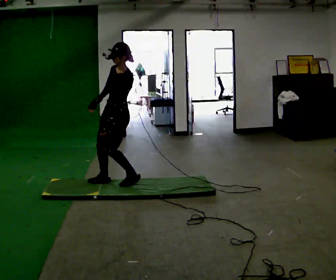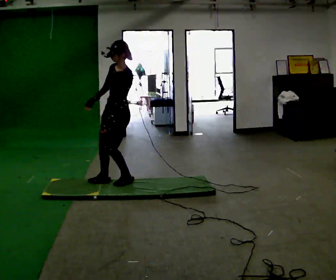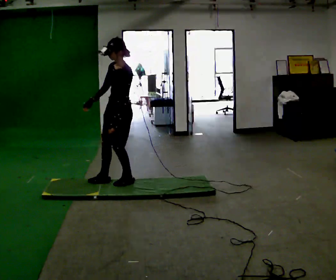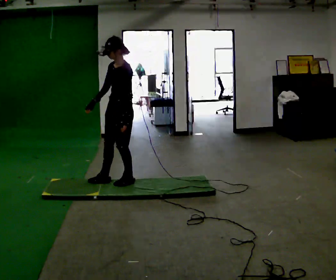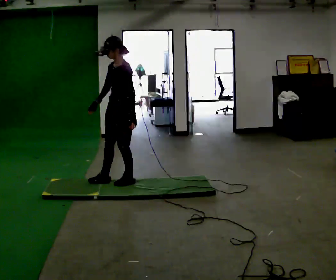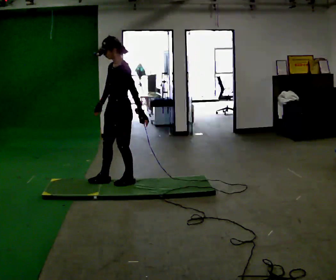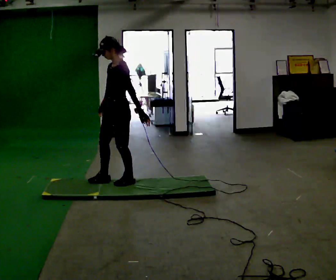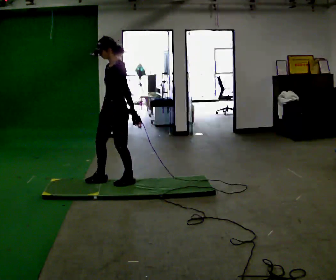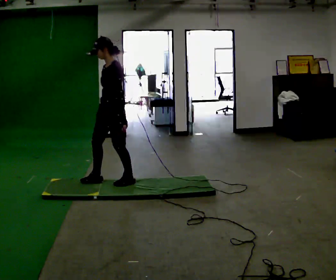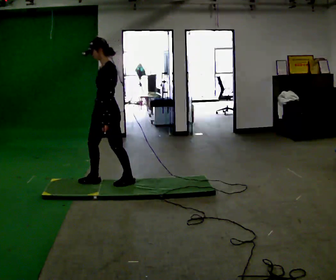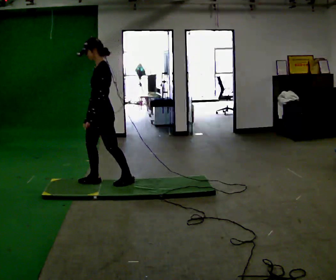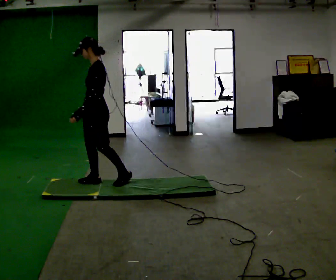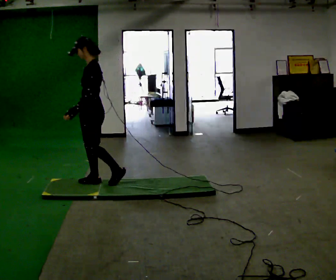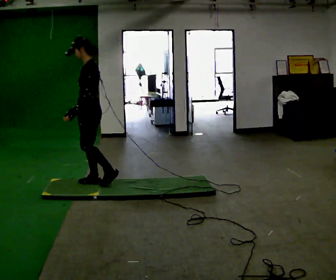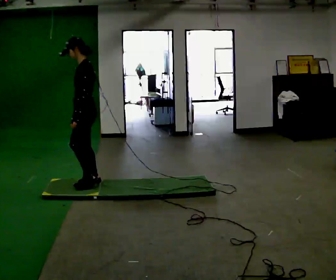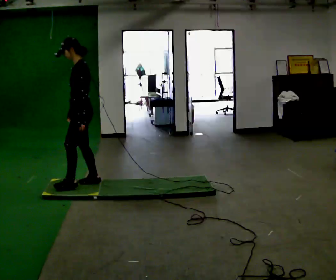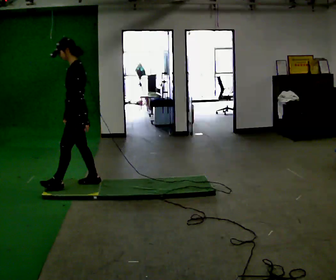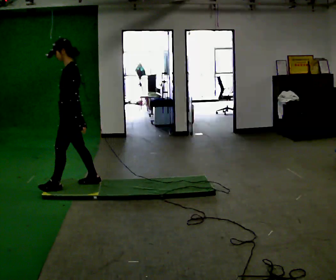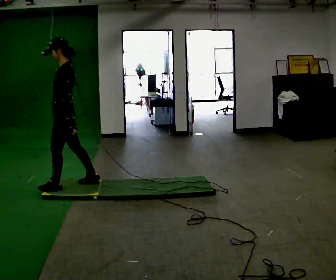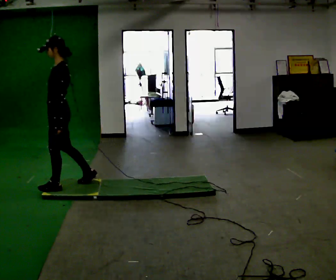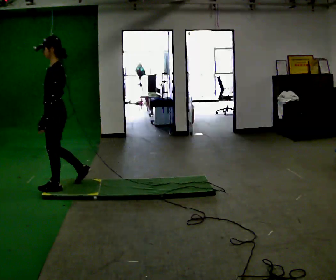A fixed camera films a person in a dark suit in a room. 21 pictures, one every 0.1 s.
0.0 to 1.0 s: In the picture they go to the left, about 0.25 m in 1 step, which for them is forward.
1.0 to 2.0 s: In the picture they go to the left and toward the camera, about 0.5 m in 1 step, which for them is forward.
The film runs forward here.
